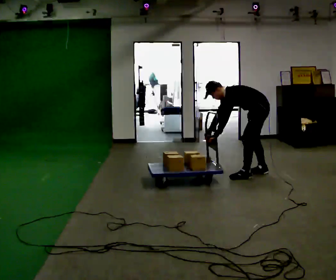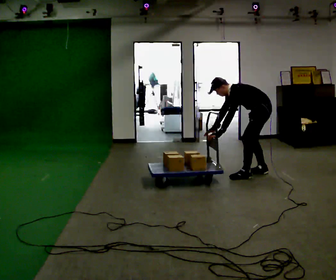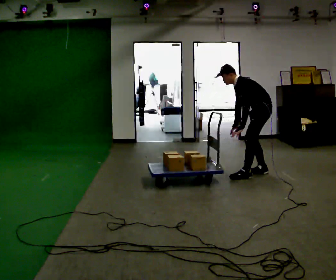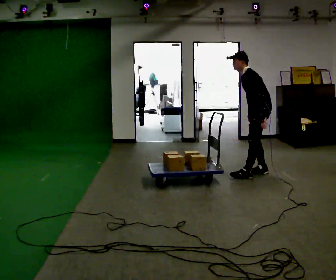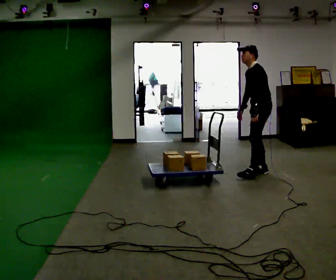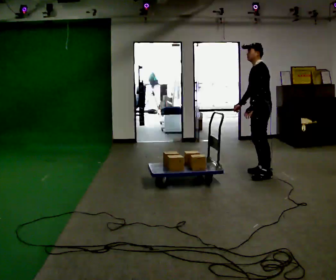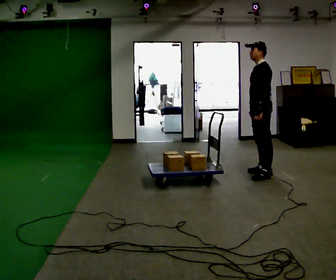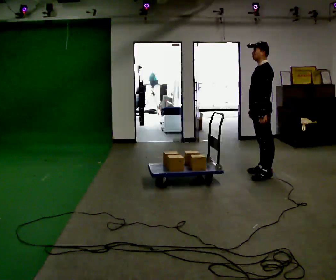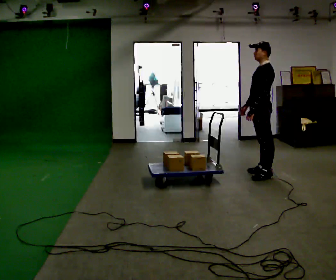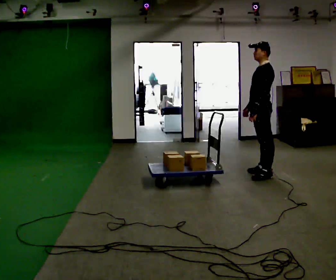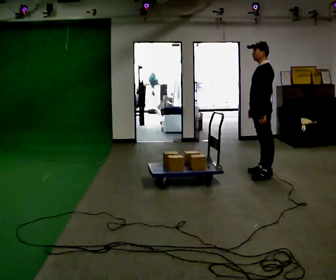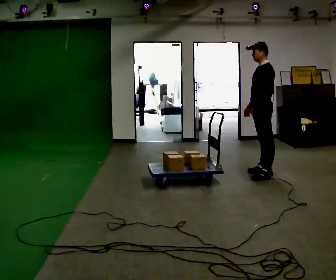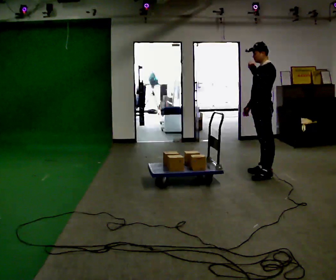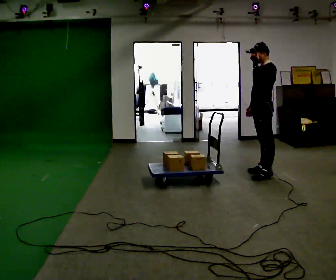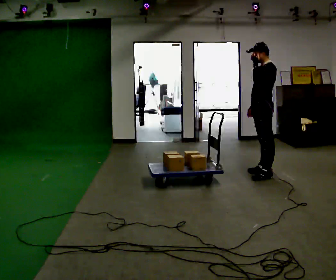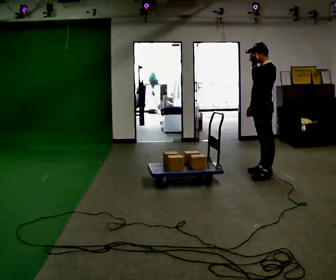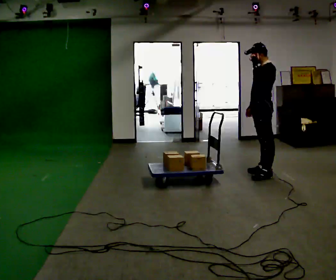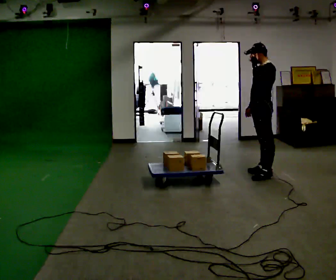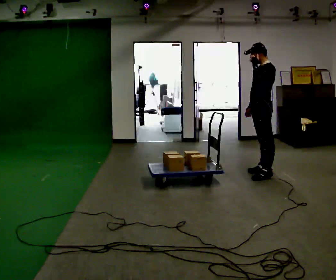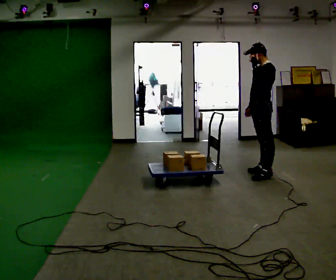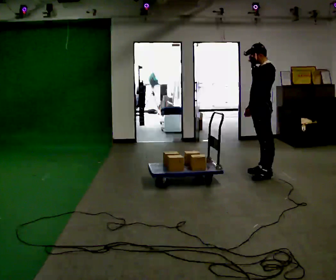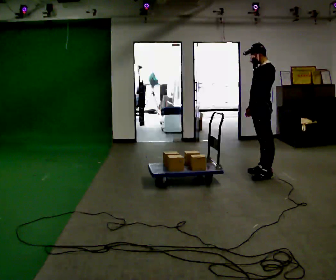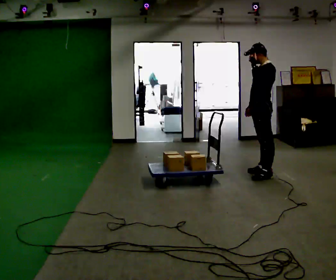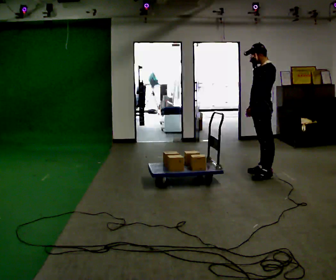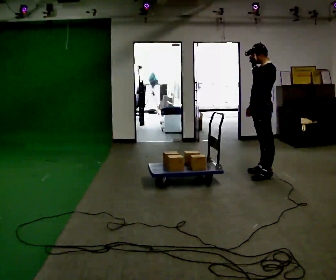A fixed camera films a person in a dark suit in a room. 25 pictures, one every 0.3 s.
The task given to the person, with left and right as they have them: Put your hands on the loaded pallet at the height the operator calls and push it as hard as is comfortable for a few seconds, then relax. Repeat at each height.
0.0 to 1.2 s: The shoulders move upward. In the picture the upper body tilts clockwise, shoulders to the right, as they lean back or straighten. In the picture their left hand goes to the right.
1.2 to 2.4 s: In the picture the upper body tilts clockwise, shoulders to the right, as they lean back or straighten.
2.4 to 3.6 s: In the picture their left hand goes upward.
3.6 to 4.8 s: The person moves a little, or ends about where they began.
4.8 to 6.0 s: The person keeps their place and pose.
6.0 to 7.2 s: The person moves a little, or ends about where they began.
The film runs forward here.
